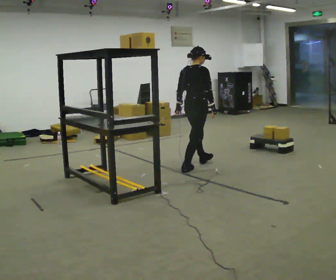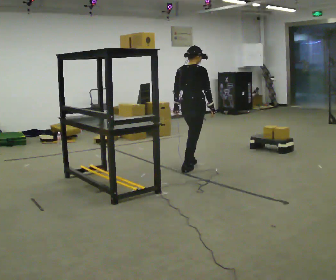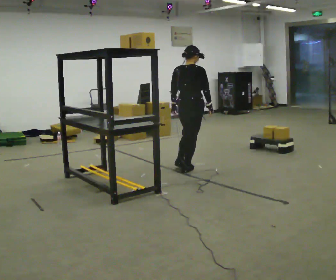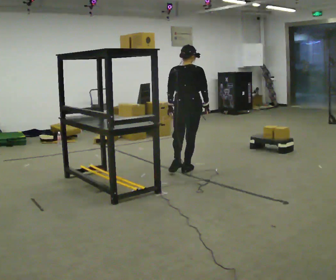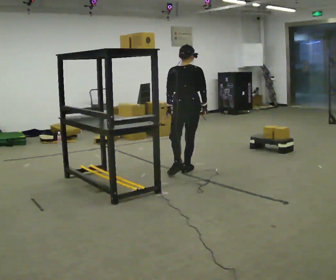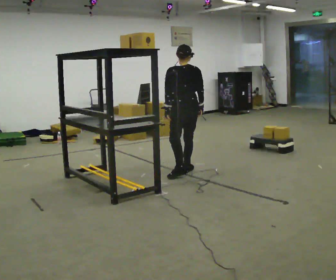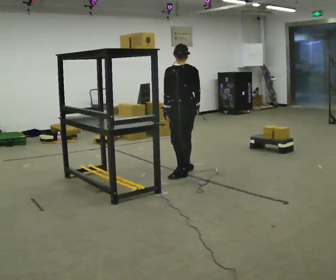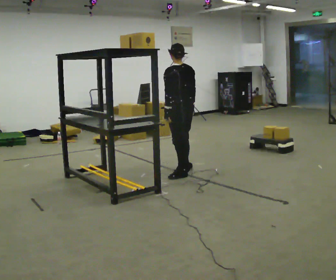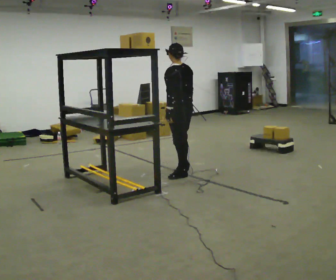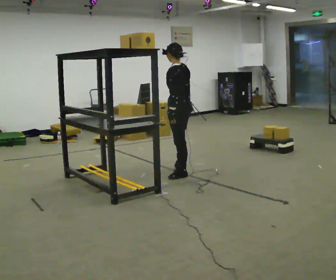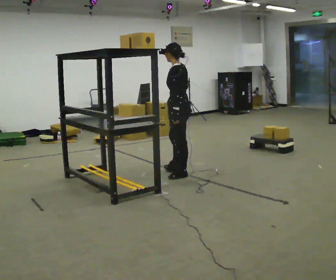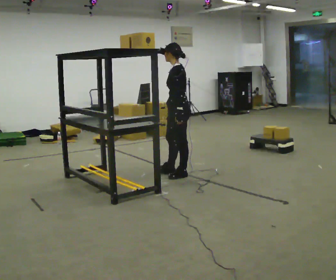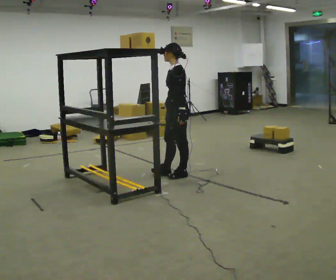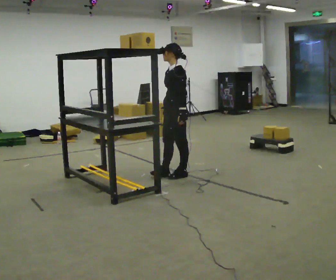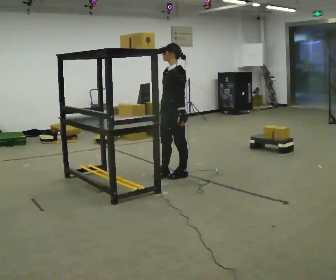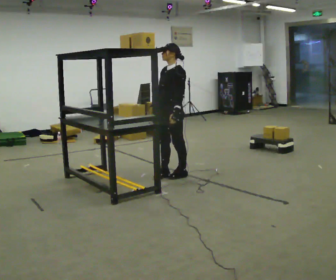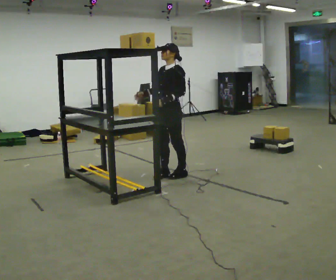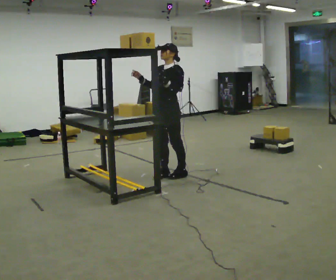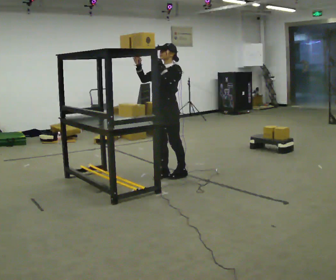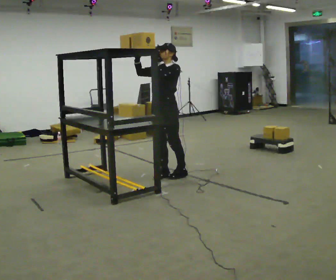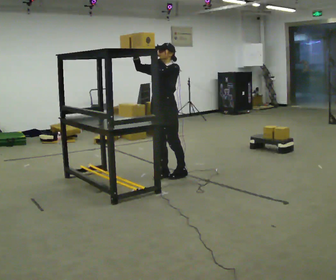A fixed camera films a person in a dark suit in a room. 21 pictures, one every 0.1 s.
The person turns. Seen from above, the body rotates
counterclockwise.
The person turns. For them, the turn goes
to their left.
0.0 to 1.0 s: Seen from above the body turns counterclockwise, about 120 degrees: to their left, with its near side sliding to the right. In the picture they go toward the camera, about 0.25 m in 1 step.
1.0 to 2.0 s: The part of the body nearest the lens slides to the right as the person turns to their left by about 60 degrees. In the picture they go to the left, about 0.25 m, which for them is forward. In the picture their right hand goes upward and to the left, the arm swinging clockwise.
The film runs backward here.
